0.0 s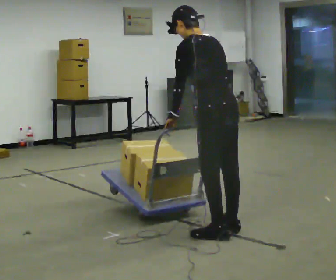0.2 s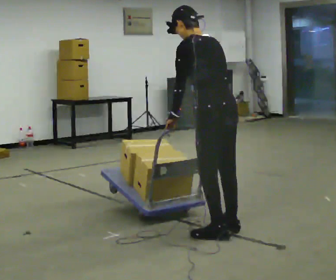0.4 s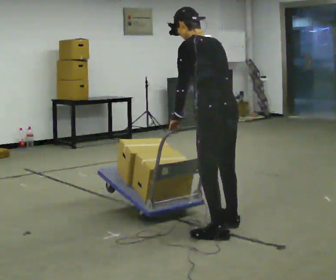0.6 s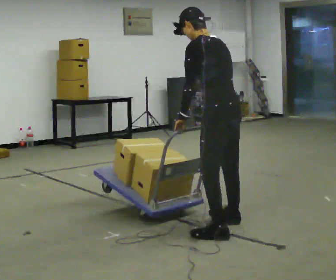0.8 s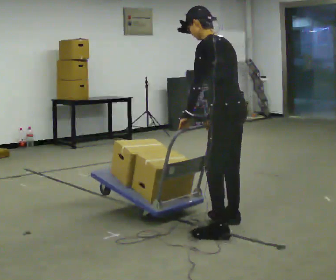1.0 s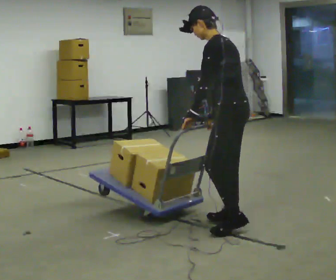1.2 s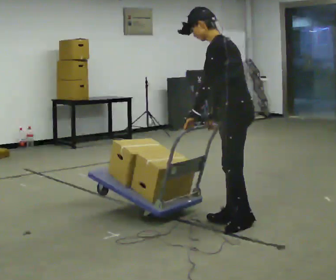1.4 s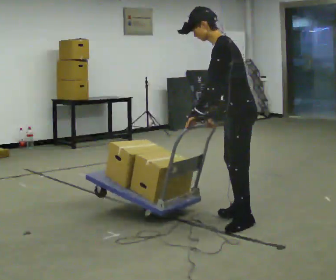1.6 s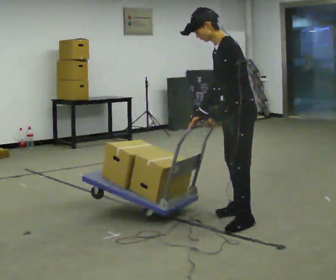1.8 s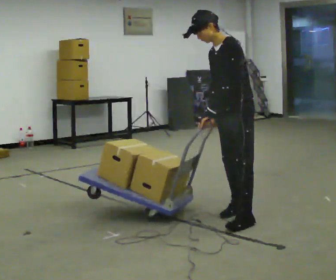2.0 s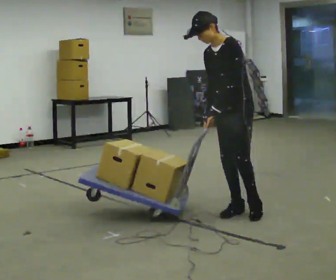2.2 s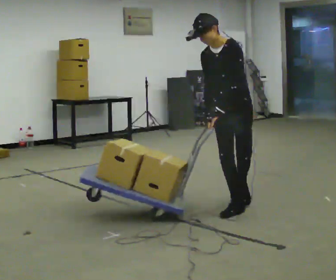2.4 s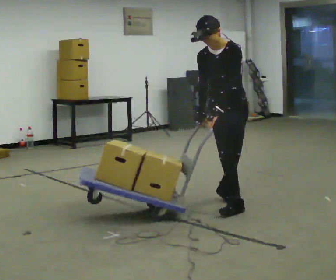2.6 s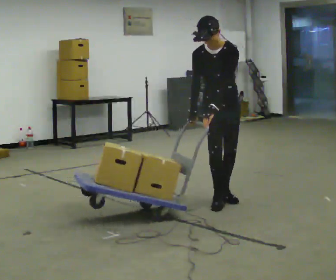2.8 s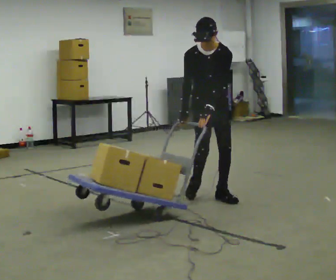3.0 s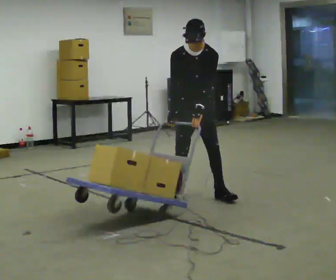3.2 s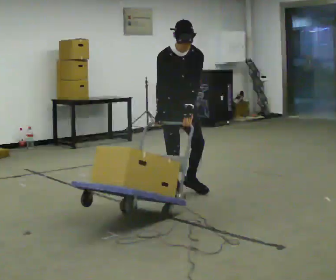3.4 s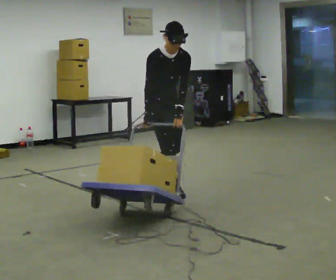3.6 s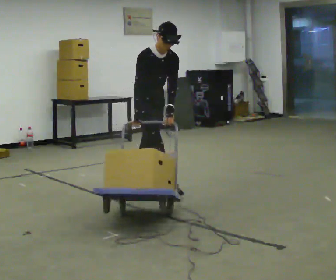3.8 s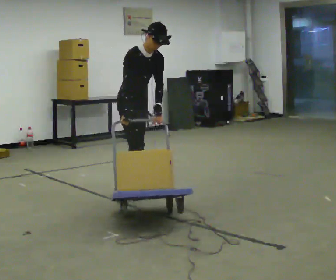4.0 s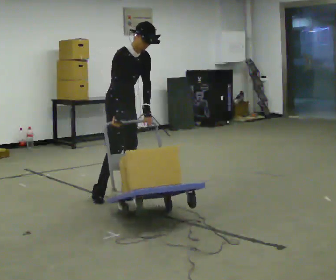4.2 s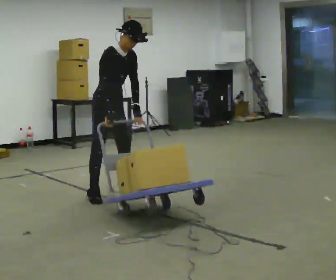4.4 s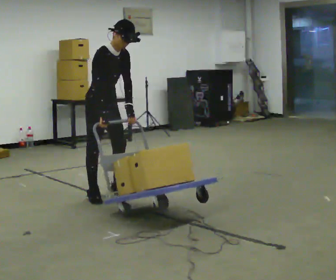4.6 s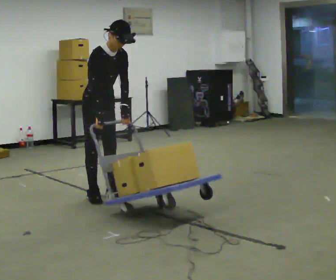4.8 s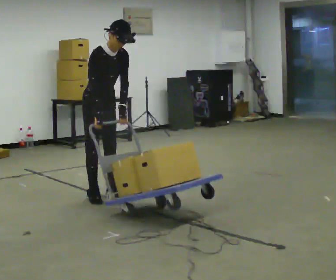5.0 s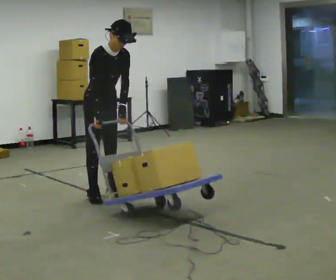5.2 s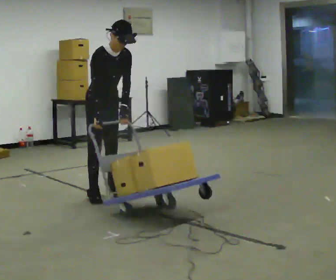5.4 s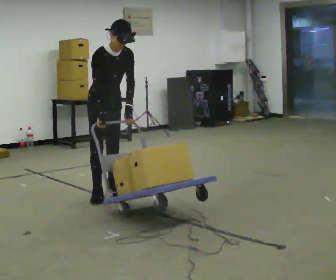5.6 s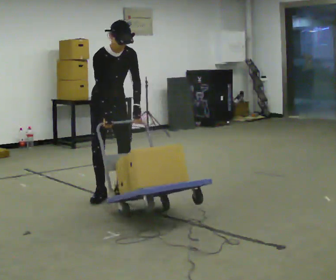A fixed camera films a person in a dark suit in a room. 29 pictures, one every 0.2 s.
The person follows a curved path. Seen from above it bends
counterclockwise.
0.0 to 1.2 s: The person turns about 30 degrees to their left, counterclockwise seen from above, so the part of the body nearest the lens slides to the right. In the picture they go away from the camera and to the right, about 0.25 m in 2 steps, which for them is to their right.
1.2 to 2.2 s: The part of the body nearest the lens slides to the right as the person turns to their left by about 75 degrees. In the picture they go away from the camera, about 0.5 m in 2 steps. The upper body tips toward the camera, its near side rolling downward.
2.2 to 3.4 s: The person turns about 75 degrees to their left, counterclockwise seen from above, so the part of the body nearest the lens slides to the right. In the picture they go to the left and away from the camera, about 1 m in 2 steps. In the picture the upper body tilts clockwise, shoulders to the right.
3.4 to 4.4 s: In the picture they go to the left, about 0.5 m in 2 steps, which for them is backward and to their right.
4.4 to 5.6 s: Seen from above the body turns clockwise, about 30 degrees: to their right, with its near side sliding to the left.
The film runs backward here.
